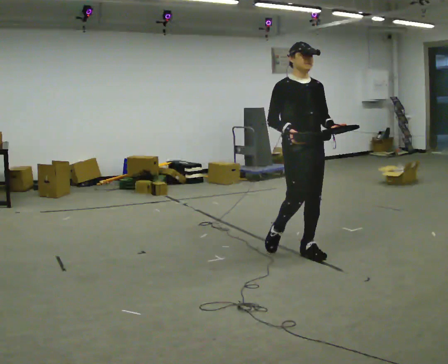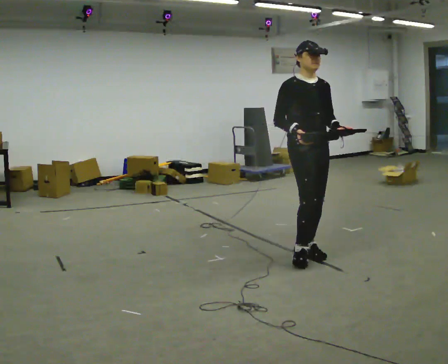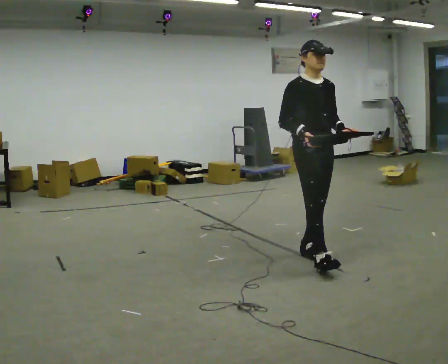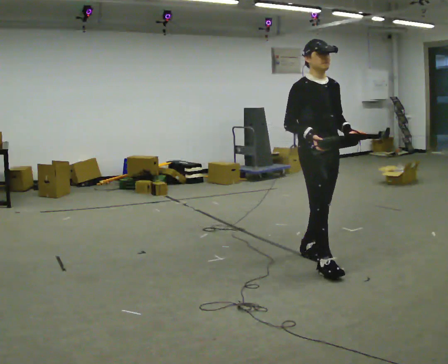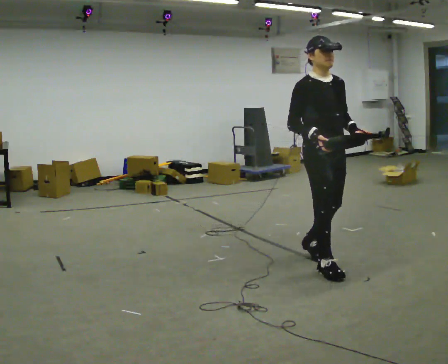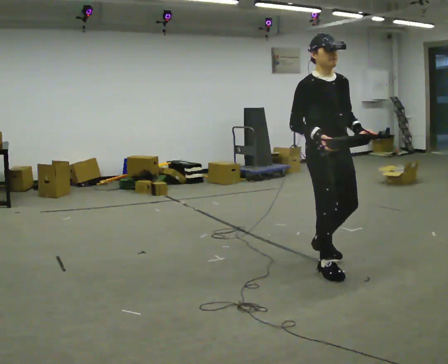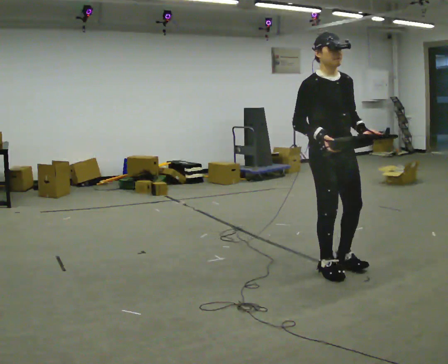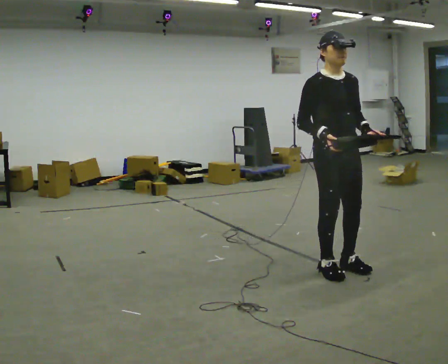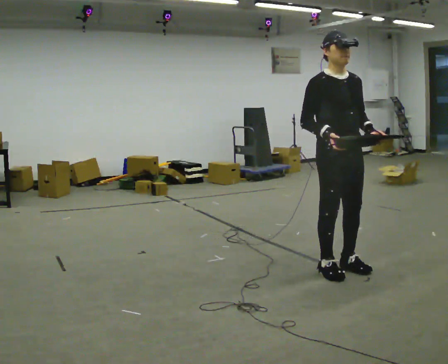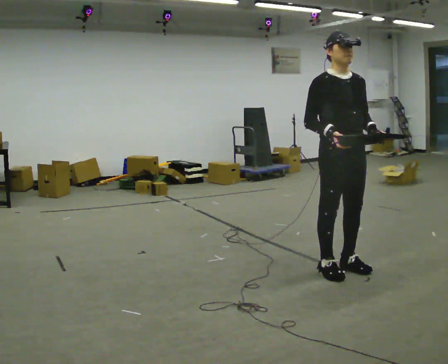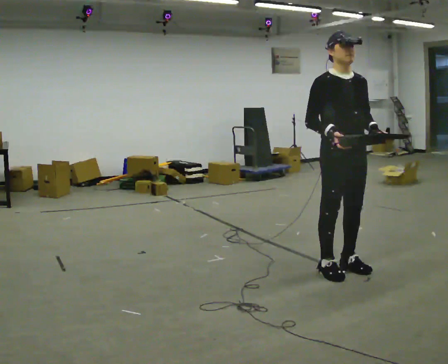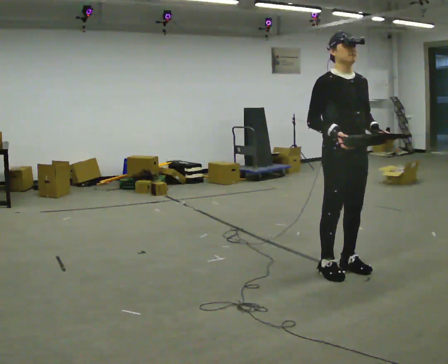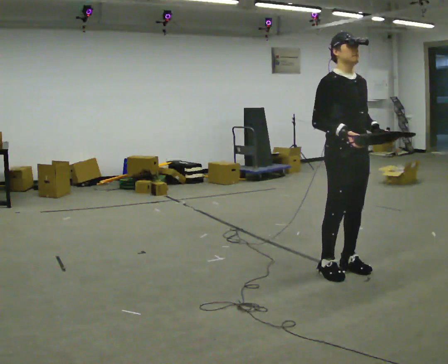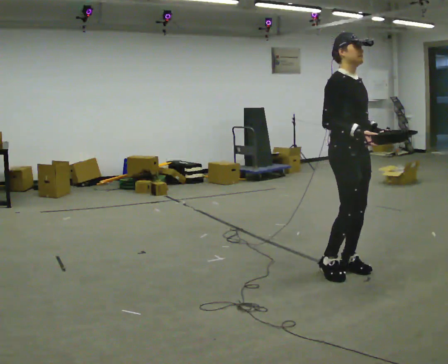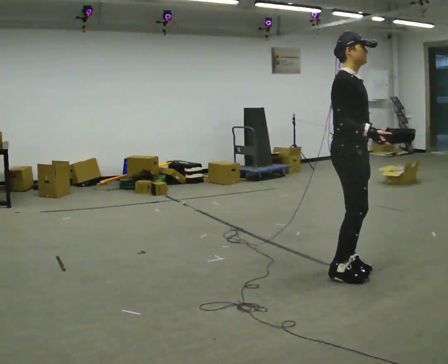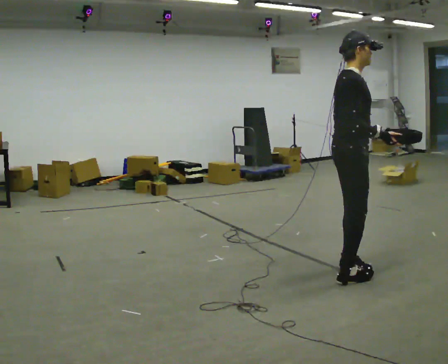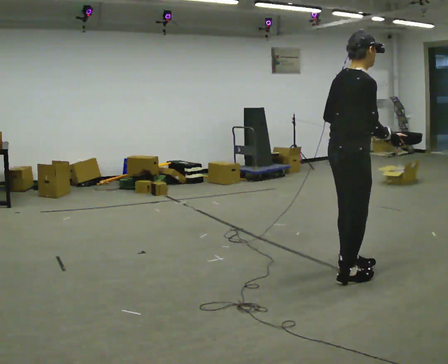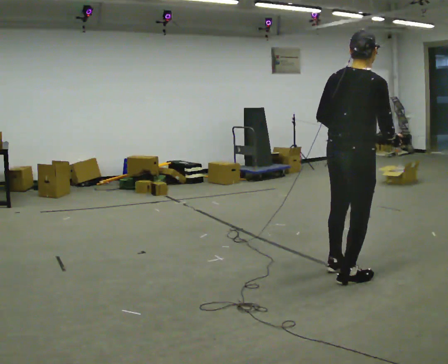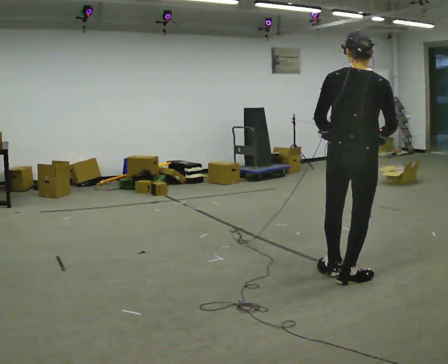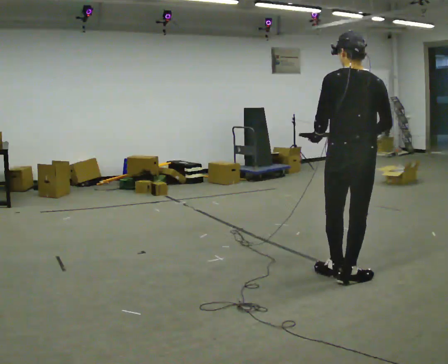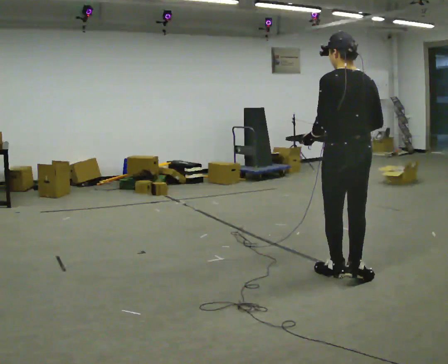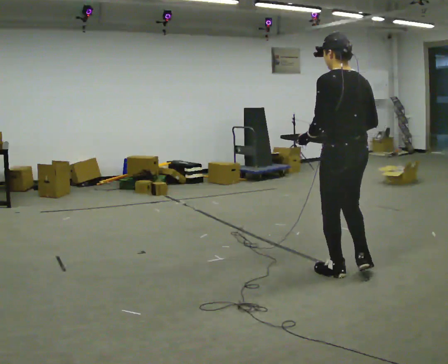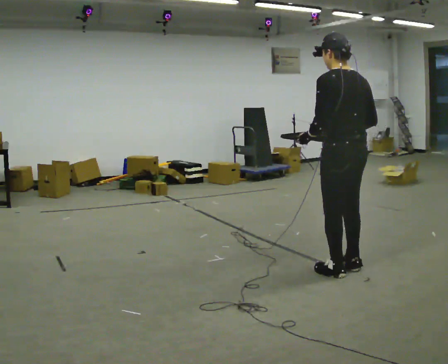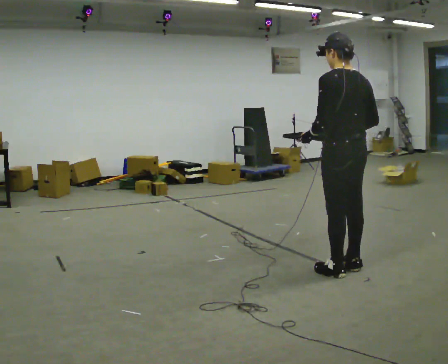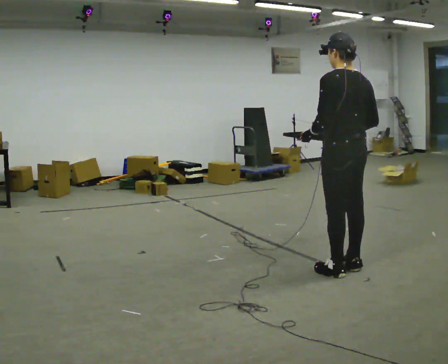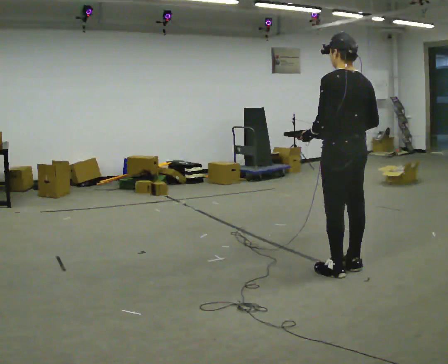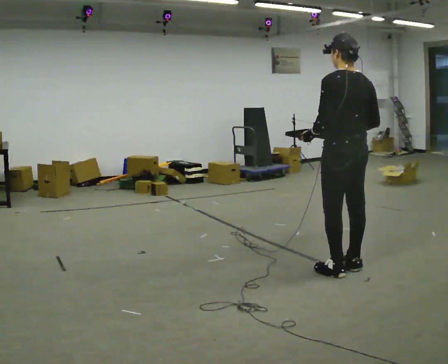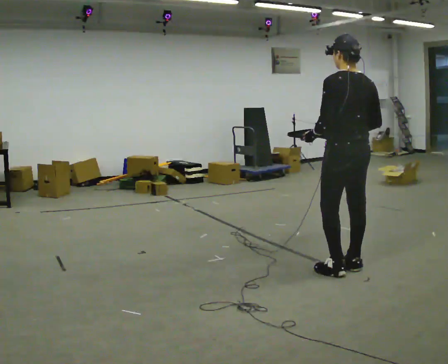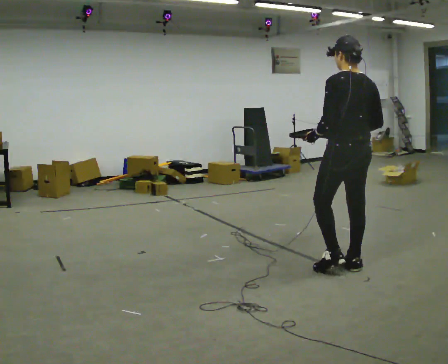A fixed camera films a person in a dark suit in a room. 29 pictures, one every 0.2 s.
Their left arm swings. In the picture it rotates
clockwise.
The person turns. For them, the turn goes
to their left.
0.0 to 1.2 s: In the picture they go toward the camera and to the right, about 0.5 m in 2 steps, which for them is forward.
1.2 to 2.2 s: The person moves a little, or ends about where they began.
2.2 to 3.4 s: The person turns about 120 degrees to their left, counterclockwise seen from above, so the part of the body nearest the lens slides to the right. In the picture they go toward the camera, about 0.25 m in 1 step. In the picture their left hand goes to the left, the arm swinging clockwise.
3.4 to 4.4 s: Seen from above the body turns counterclockwise, about 60 degrees: to their left, with its near side sliding to the right.
4.4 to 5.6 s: The person moves a little, or ends about where they began.
The film runs forward here.
